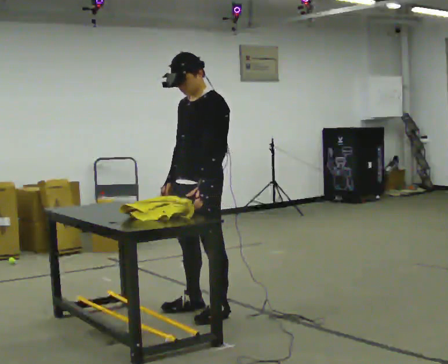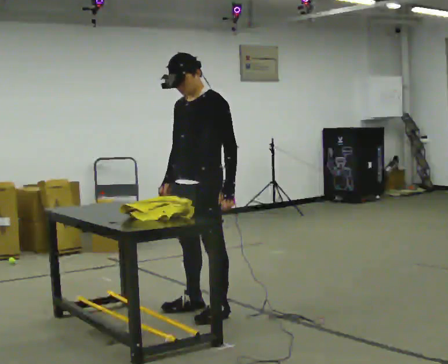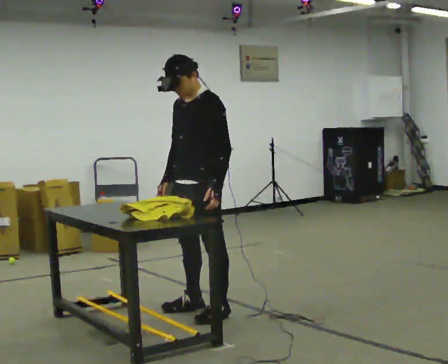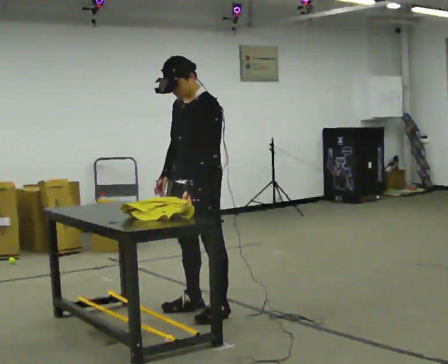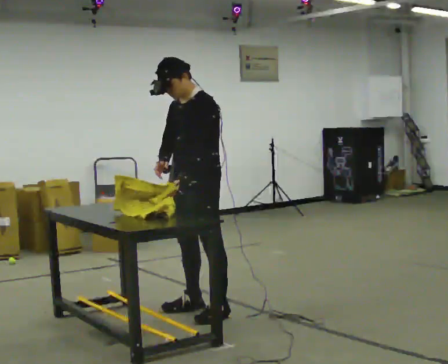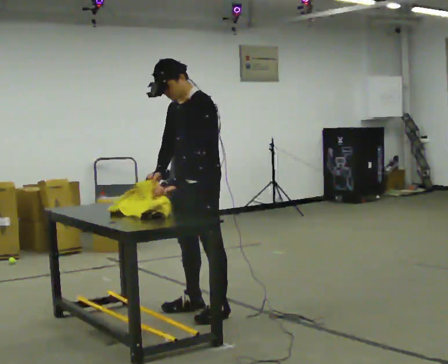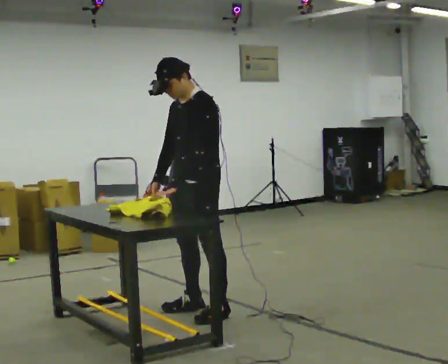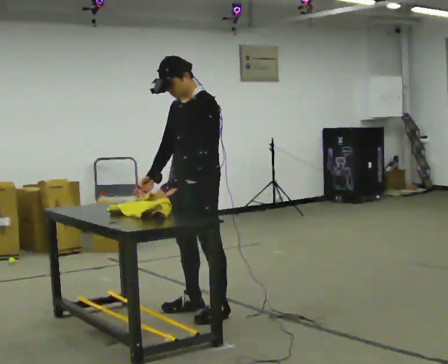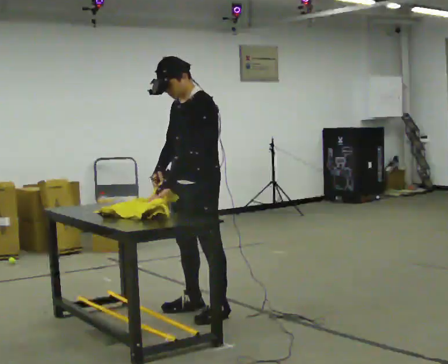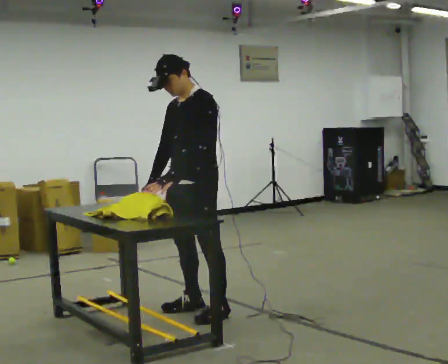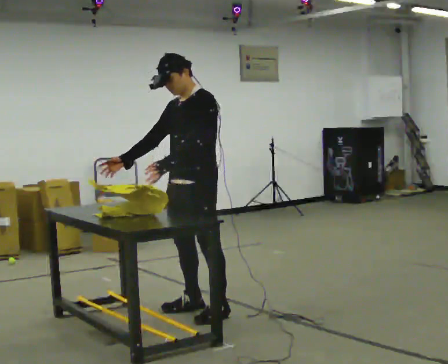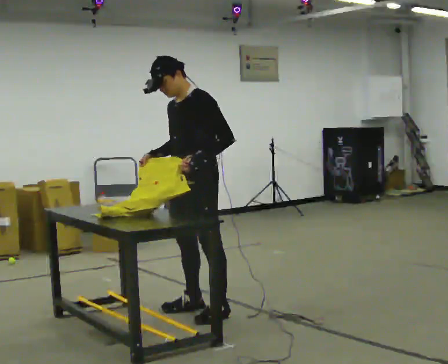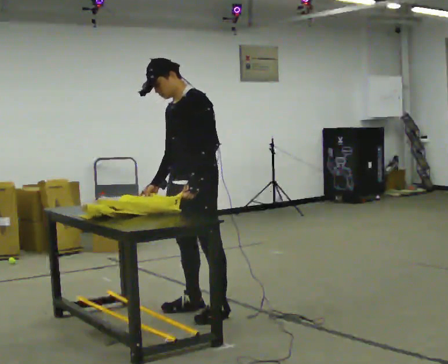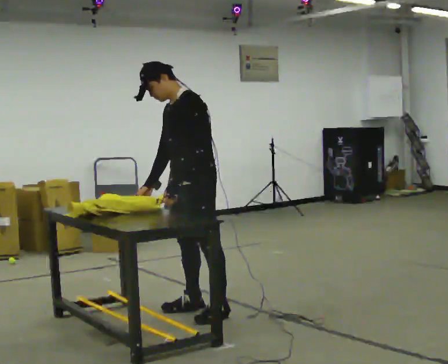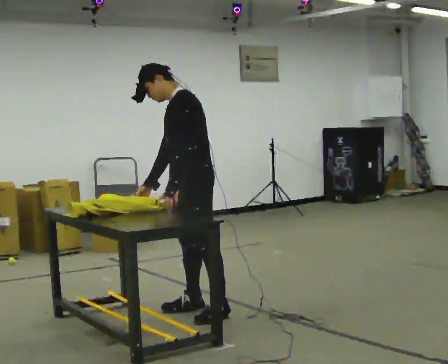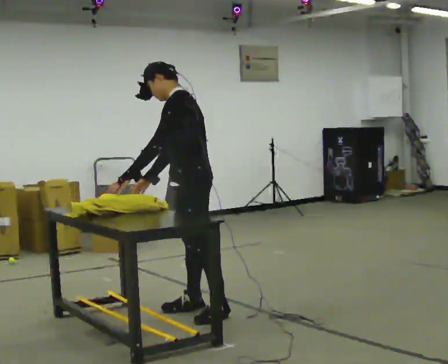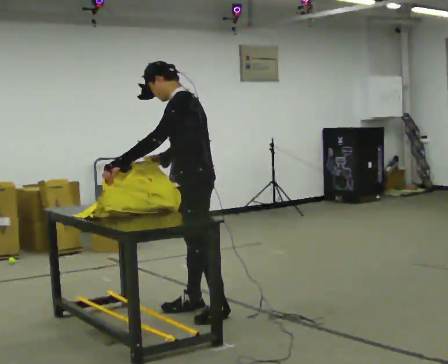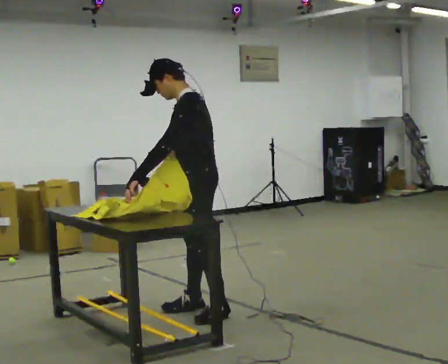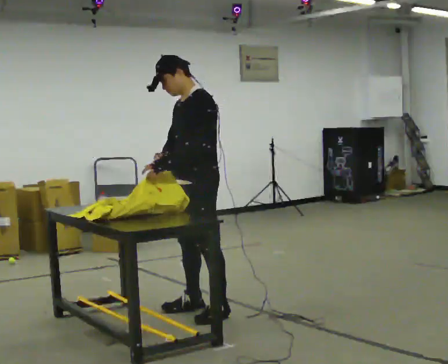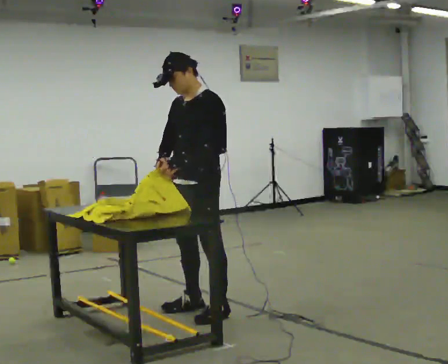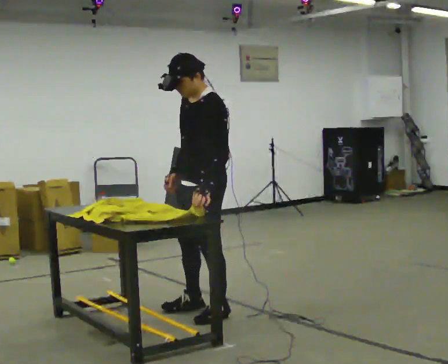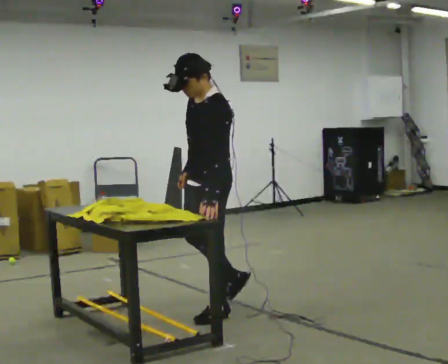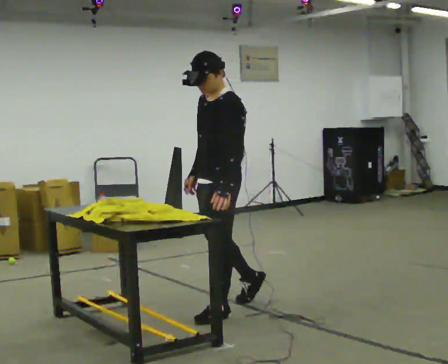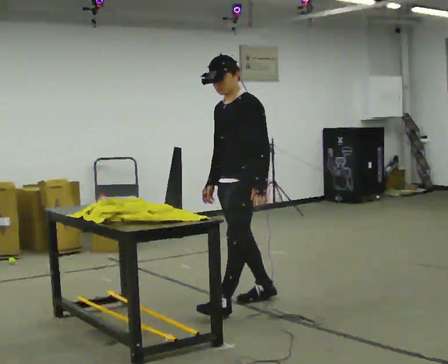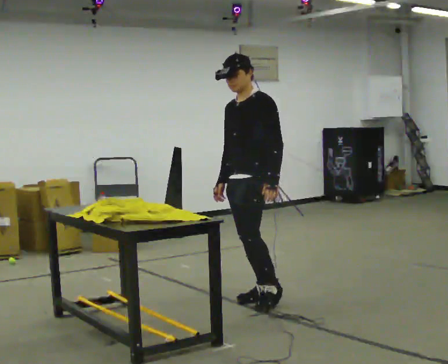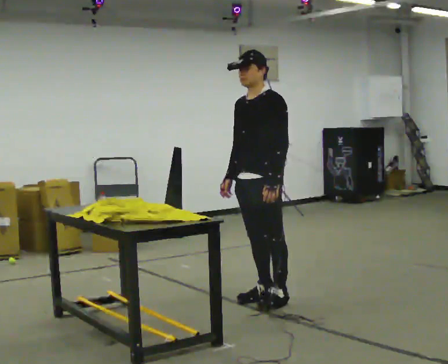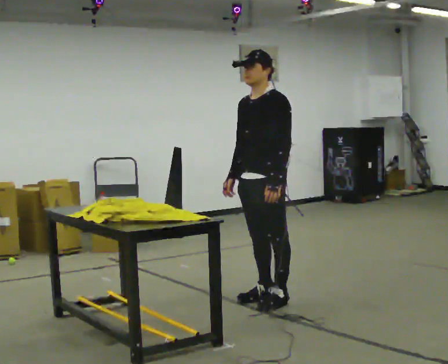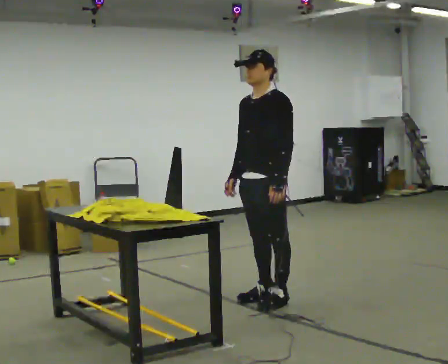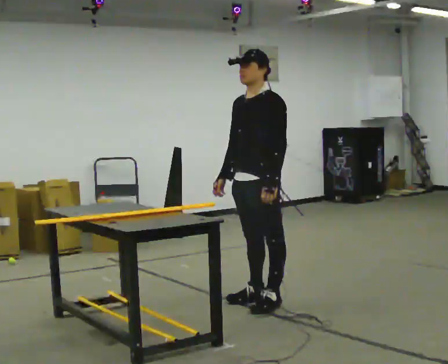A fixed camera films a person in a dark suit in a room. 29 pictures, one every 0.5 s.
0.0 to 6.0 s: The person moves a little, or ends about where they began.
6.0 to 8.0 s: Seen from above the body turns clockwise, about 30 degrees: to their right, with its near side sliding to the left. In the picture their left hand goes to the left, the arm swinging clockwise.
8.0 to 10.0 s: Seen from above the body turns counterclockwise, about 30 degrees: to their left, with its near side sliding to the right. In the picture their left hand goes to the right, the arm swinging counterclockwise.
10.0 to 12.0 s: In the picture they go away from the camera and to the right, about 0.5 m in 2 steps, which for them is backward and to their right.
12.0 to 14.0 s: The person moves a little, or ends about where they began.
The film runs backward here.
